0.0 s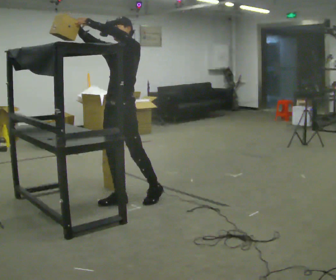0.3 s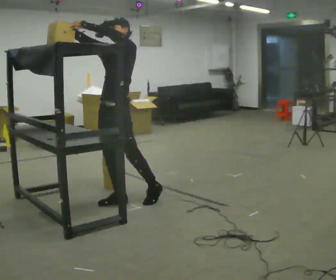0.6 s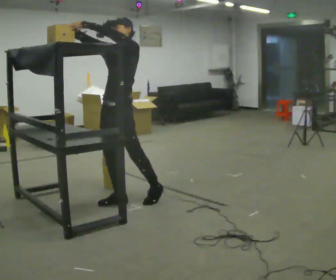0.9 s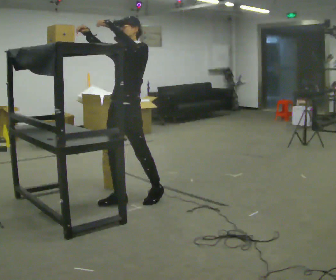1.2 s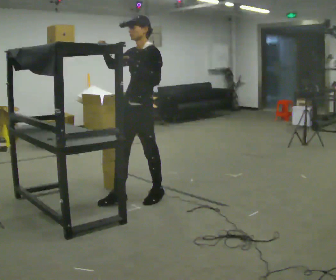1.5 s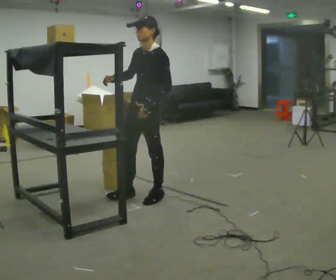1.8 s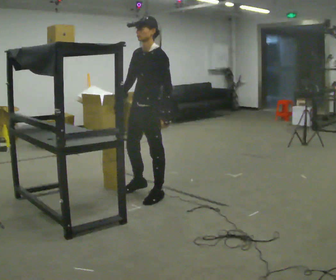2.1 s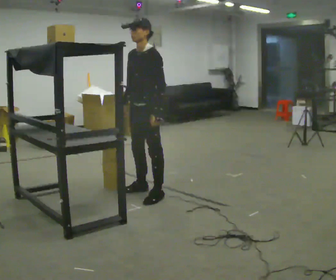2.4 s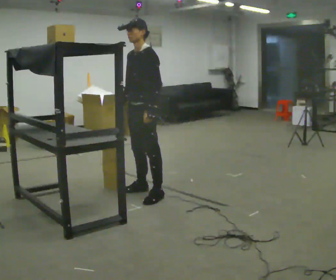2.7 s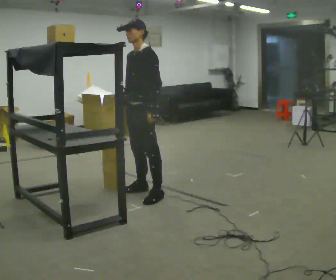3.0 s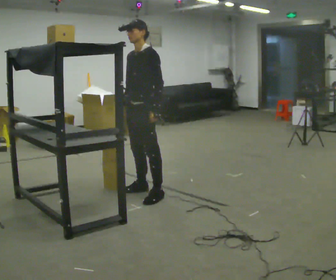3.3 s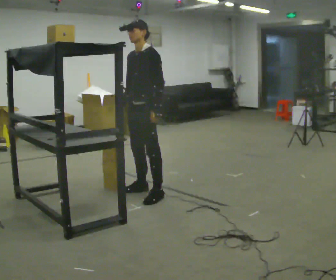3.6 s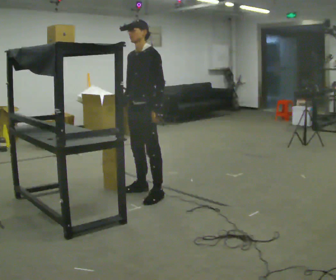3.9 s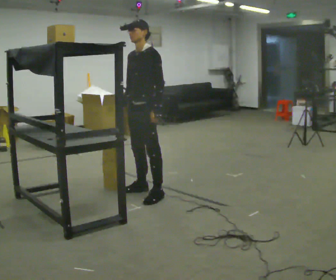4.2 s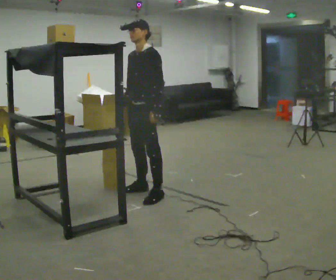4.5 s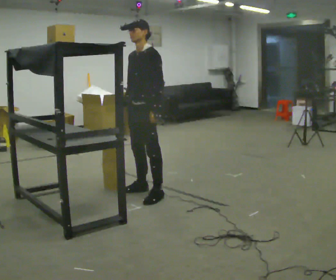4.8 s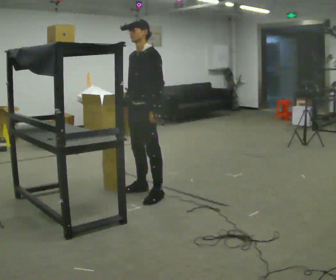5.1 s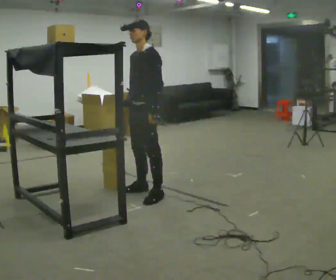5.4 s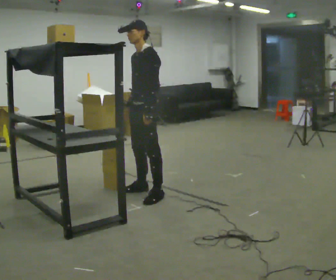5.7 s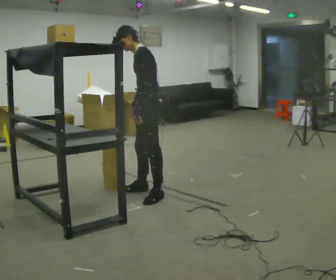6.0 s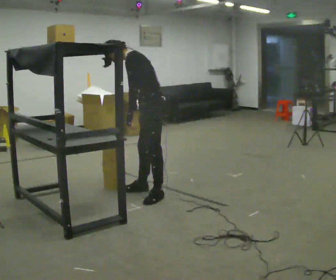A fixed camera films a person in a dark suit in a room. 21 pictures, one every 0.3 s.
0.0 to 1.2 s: In the picture they go to the right, about 0.25 m, which for them is backward. In the picture their left hand goes downward and to the right.
1.2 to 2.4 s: In the picture they go away from the camera, about 0.25 m in 1 step, which for them is to their right and backward. In the picture their right hand goes downward, the arm swinging counterclockwise.
2.4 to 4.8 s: The person moves a little, or ends about where they began.
4.8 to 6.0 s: The part of the body nearest the lens slides to the left as the person turns to their right by about 30 degrees. In the picture the upper body tilts counterclockwise, shoulders to the left, as they bend forward.
The film runs forward here.
